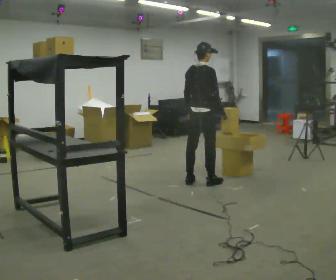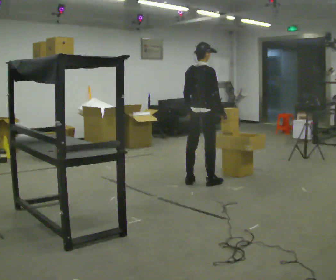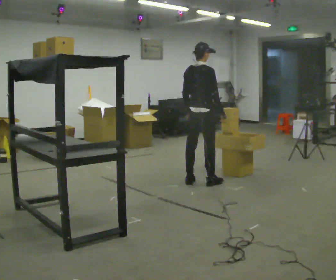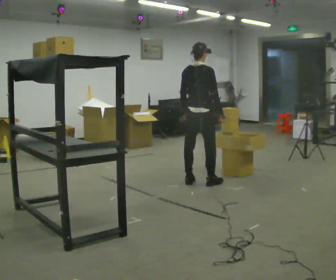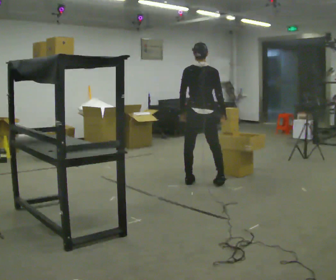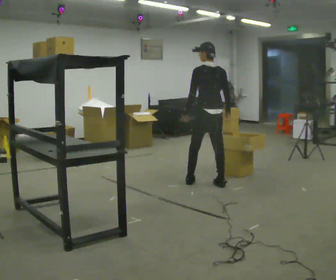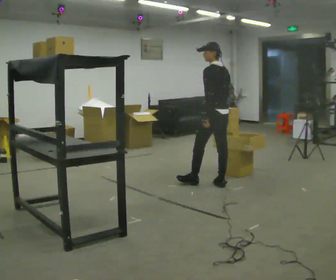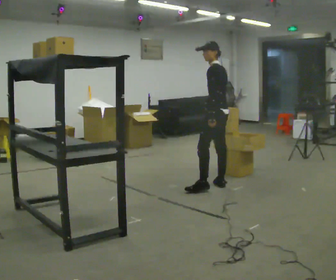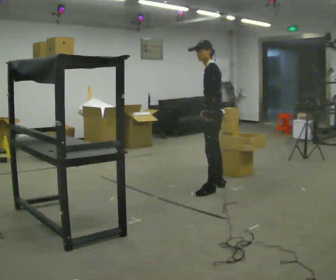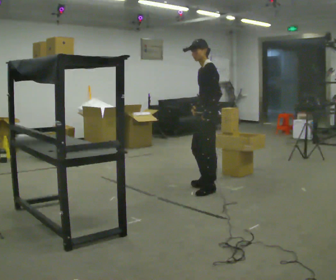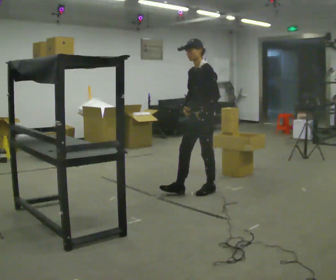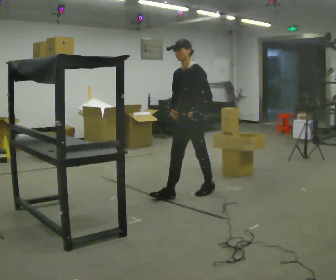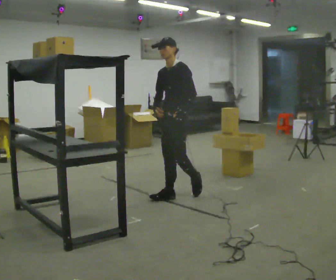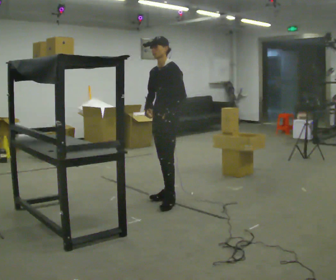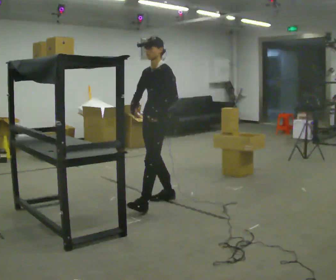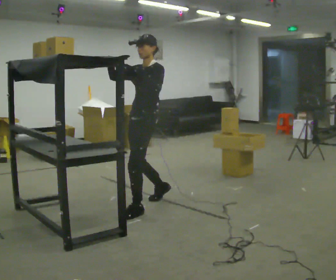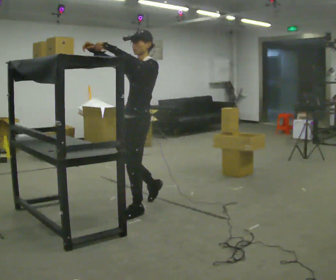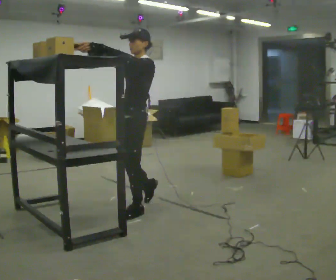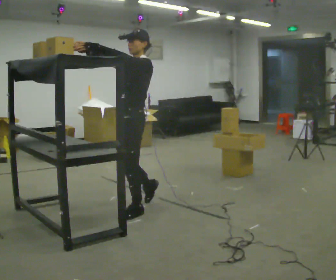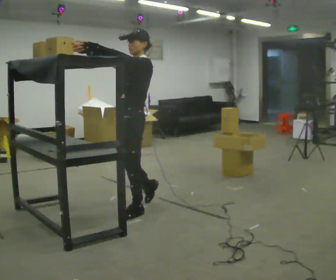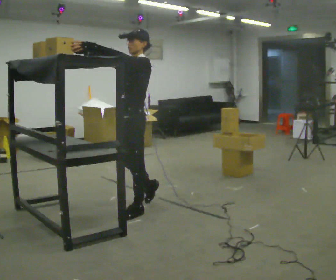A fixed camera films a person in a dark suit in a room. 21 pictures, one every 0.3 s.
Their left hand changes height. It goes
upward.
The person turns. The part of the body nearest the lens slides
to the right.
0.0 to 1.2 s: The part of the body nearest the lens slides to the right as the person turns to their left by about 30 degrees.
1.2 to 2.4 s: The part of the body nearest the lens slides to the right as the person turns to their left by about 90 degrees. In the picture they go toward the camera and to the right, about 0.25 m in 2 steps.
2.4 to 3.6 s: The person turns about 45 degrees to their left, counterclockwise seen from above, so the part of the body nearest the lens slides to the right. In the picture they go to the left and toward the camera, about 0.5 m in 1 step, which for them is forward.
3.6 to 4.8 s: In the picture they go toward the camera and to the left, about 0.75 m in 1 step, which for them is forward. In the picture their left hand goes upward.
4.8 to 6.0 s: The person moves a little, or ends about where they began.
The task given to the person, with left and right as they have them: Take an object down from the highest shelf you can comfortably reach, carry it across, and place it on the waist-height shelf. Keep going until the operator says stop; one object at a time, and do not rush between trips.
The film runs forward here.
